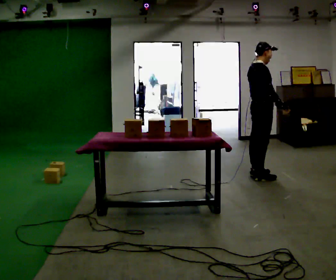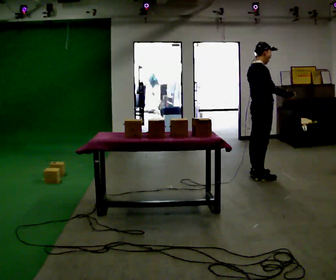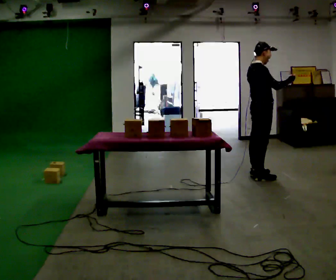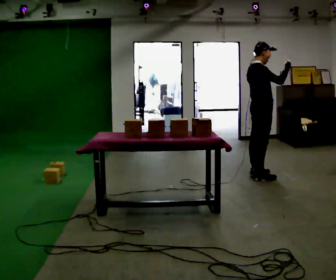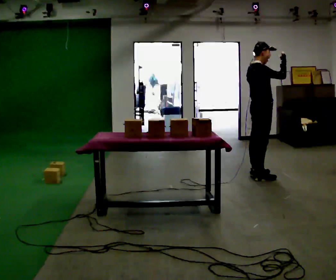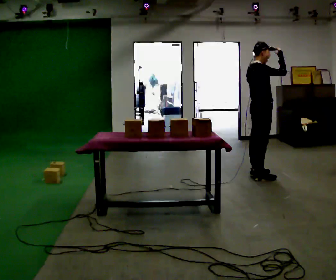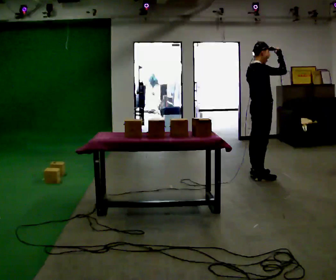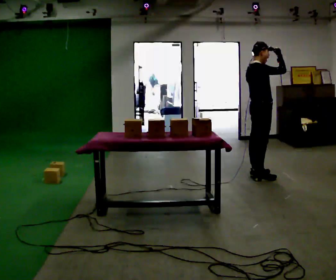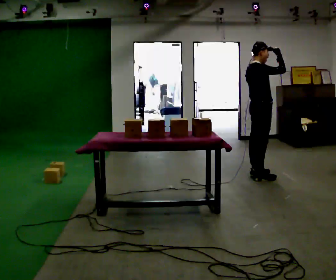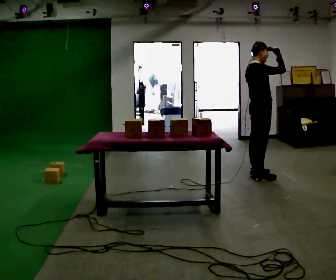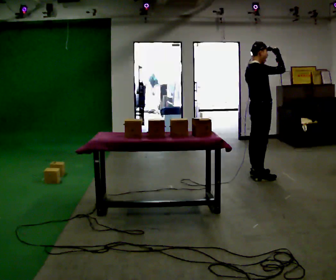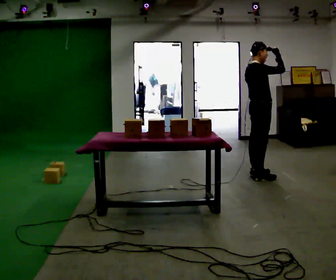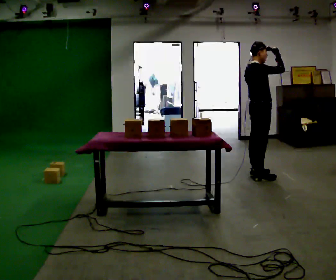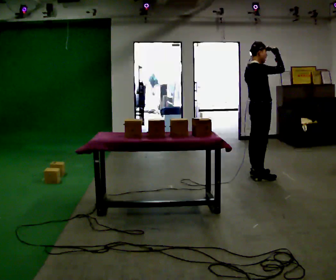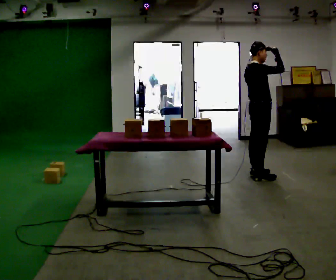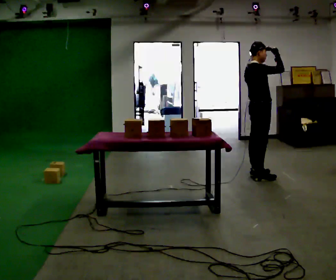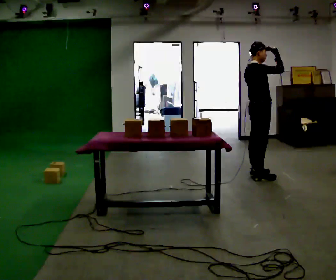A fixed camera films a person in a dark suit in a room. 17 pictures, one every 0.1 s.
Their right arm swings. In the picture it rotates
counterclockwise.
Their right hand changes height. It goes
upward.
0.0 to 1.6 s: In the picture their right hand goes upward, the arm swinging counterclockwise.
The film runs backward here.
